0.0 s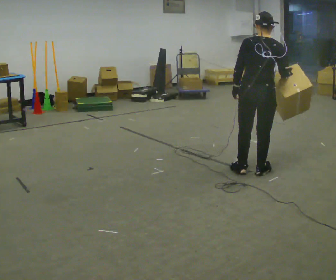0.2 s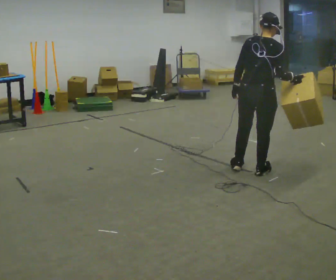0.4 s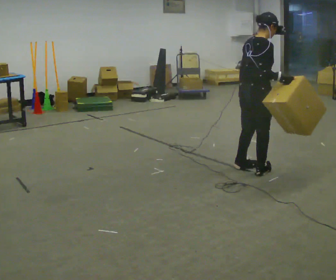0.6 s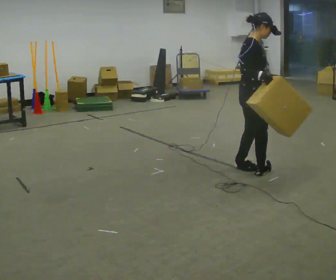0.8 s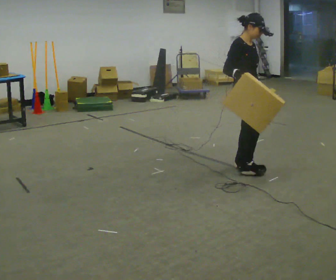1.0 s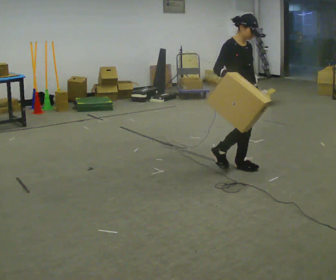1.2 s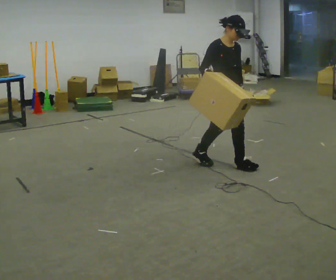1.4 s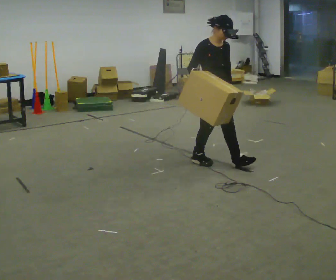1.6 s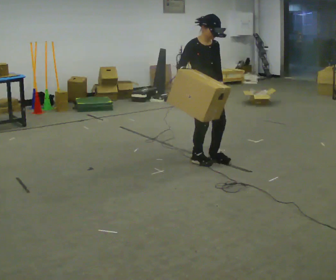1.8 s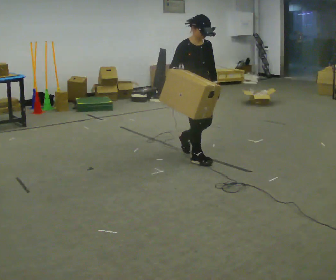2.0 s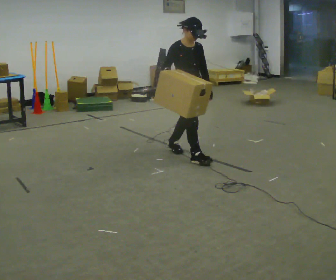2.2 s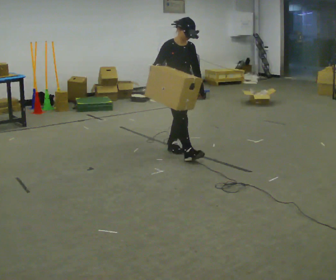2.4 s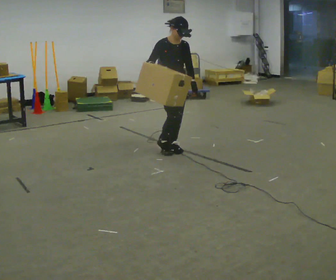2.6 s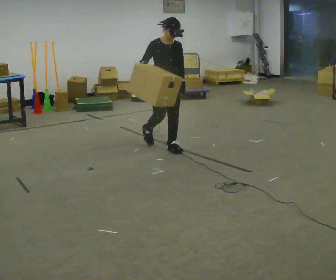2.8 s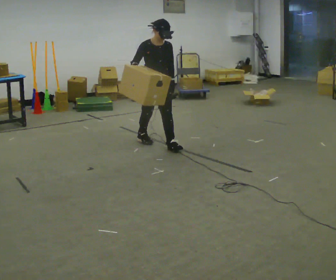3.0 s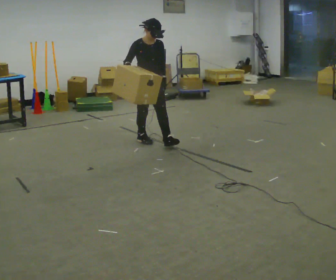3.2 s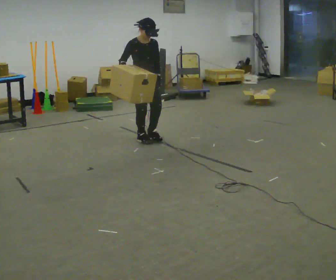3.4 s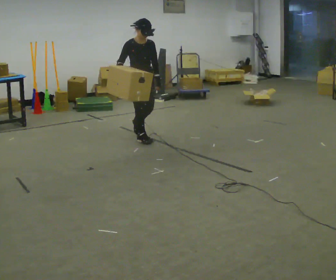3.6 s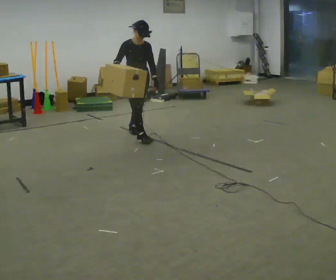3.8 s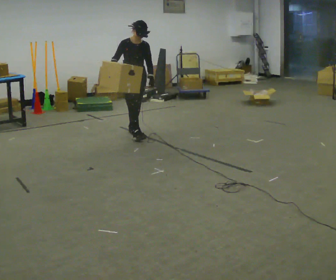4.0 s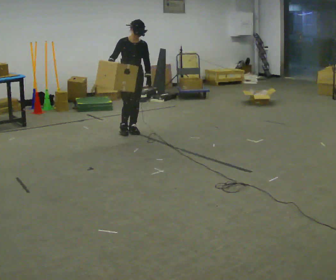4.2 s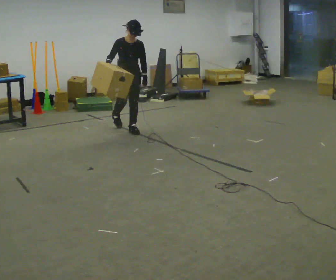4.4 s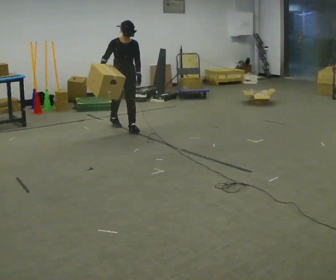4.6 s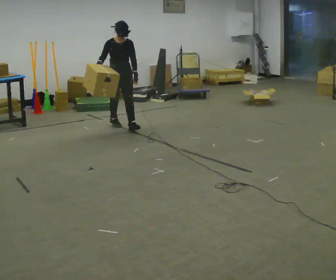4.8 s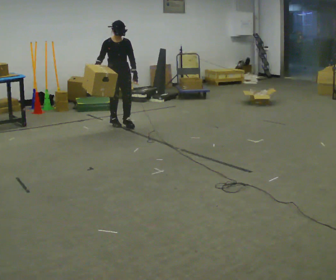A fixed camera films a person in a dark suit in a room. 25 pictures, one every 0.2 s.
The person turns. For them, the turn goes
to their right.
The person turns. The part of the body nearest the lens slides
to the left.
0.0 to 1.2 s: The person turns about 135 degrees to their right, clockwise seen from above, so the part of the body nearest the lens slides to the left. In the picture they go away from the camera and to the left, about 0.5 m in 1 step.
1.2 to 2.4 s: In the picture they go away from the camera and to the left, about 0.5 m in 2 steps, which for them is backward.
2.4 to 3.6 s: In the picture they go away from the camera and to the left, about 0.5 m in 1 step, which for them is backward.
3.6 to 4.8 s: In the picture they go away from the camera and to the left, about 0.5 m in 2 steps, which for them is backward.
The film runs backward here.
